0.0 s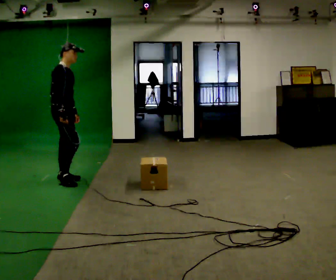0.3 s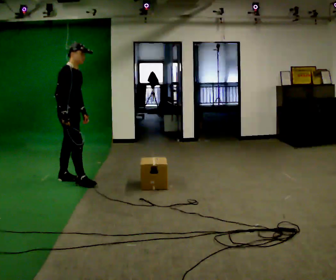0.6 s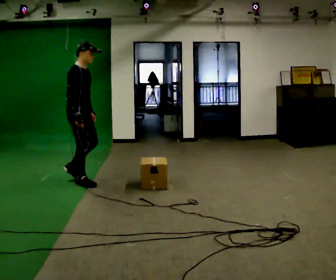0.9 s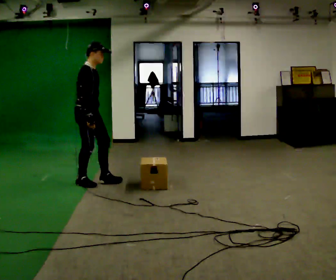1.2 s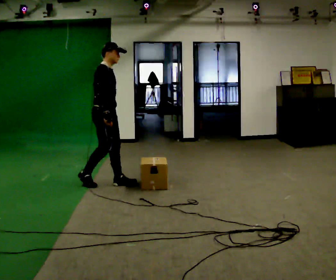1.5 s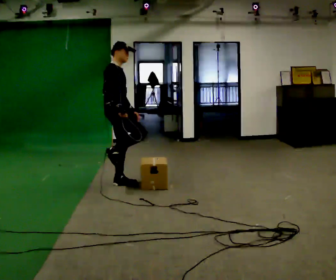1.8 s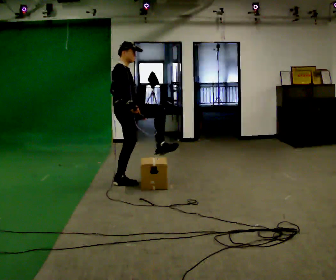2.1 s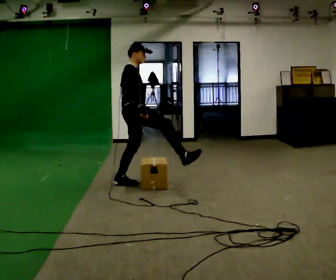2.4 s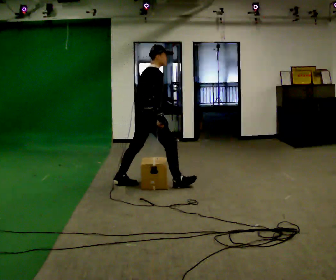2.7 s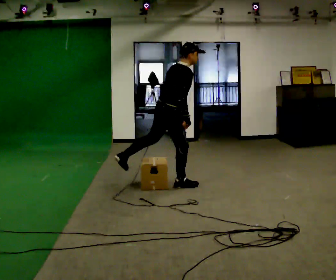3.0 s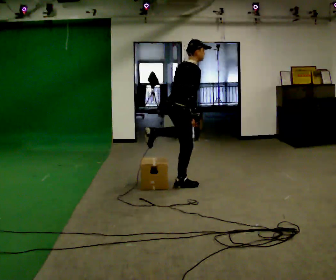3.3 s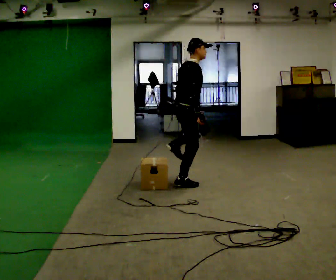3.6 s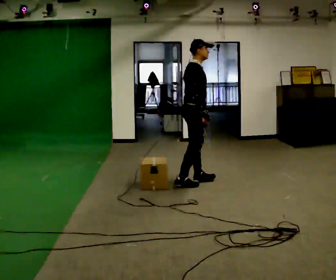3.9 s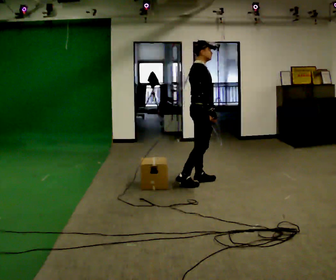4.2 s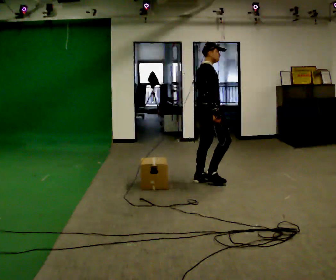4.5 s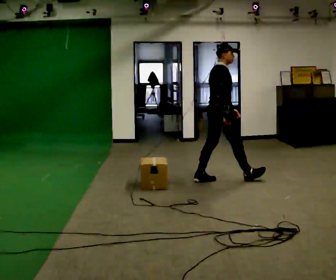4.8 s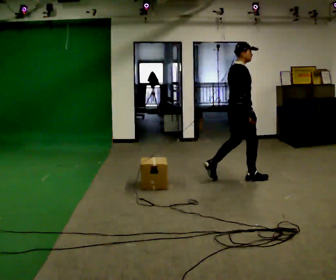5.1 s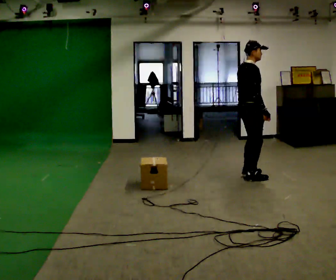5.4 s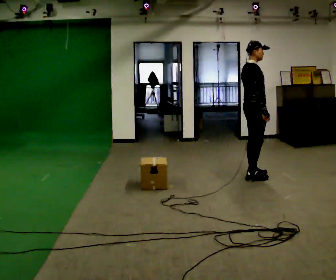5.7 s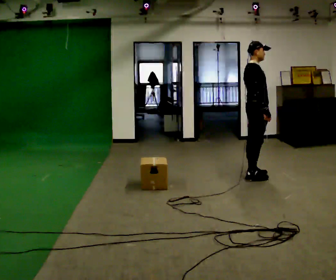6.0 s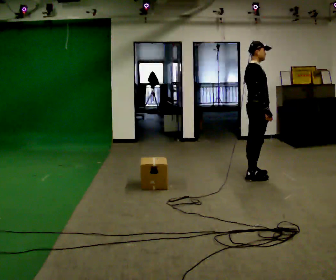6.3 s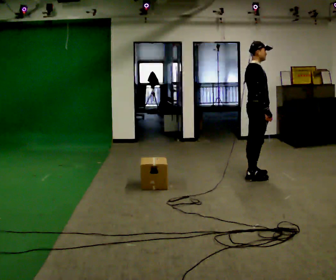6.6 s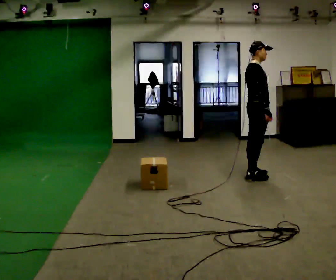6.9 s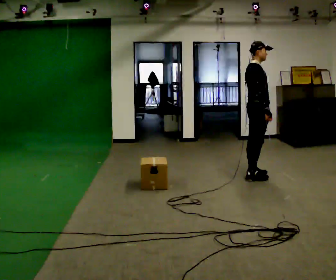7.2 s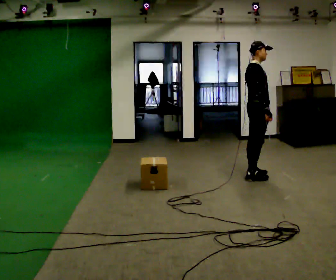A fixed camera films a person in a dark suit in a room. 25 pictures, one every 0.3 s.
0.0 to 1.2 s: In the picture they go to the right, about 0.5 m in 2 steps, which for them is forward.
1.2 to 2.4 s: The person turns about 30 degrees to their left, counterclockwise seen from above, so the part of the body nearest the lens slides to the right. In the picture they go to the right, about 0.5 m in 1 step, which for them is forward.
2.4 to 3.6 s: In the picture they go to the right, about 0.5 m in 1 step, which for them is forward.
3.6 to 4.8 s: In the picture they go to the right, about 0.5 m in 1 step, which for them is forward.
4.8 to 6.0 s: In the picture they go to the right, about 0.25 m in 1 step, which for them is forward.
6.0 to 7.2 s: The person keeps their place and pose.
The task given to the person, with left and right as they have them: Walk across the room at a normal pace, looking ahead. Something may appear in your way. Deal with it however comes naturally and carry on.
The film runs forward here.
